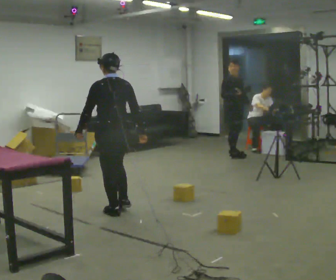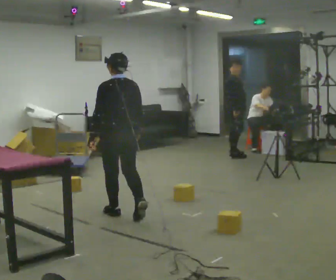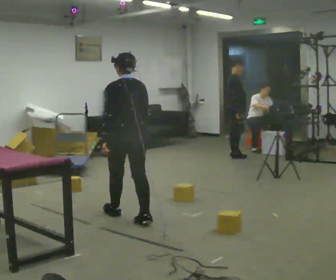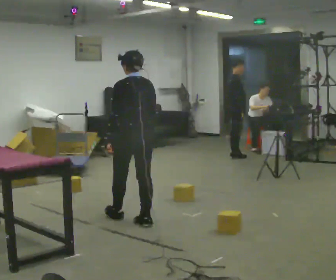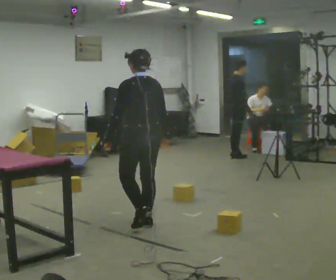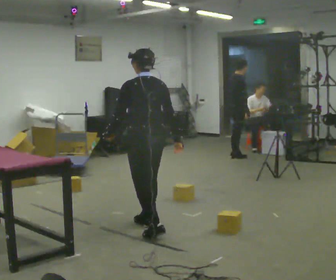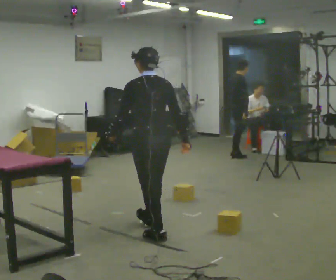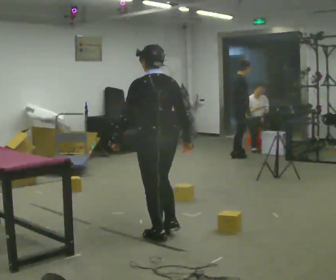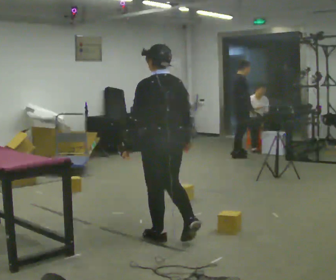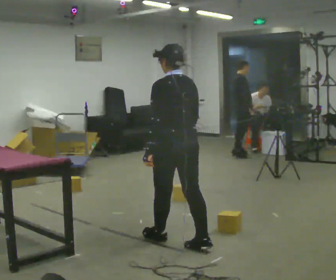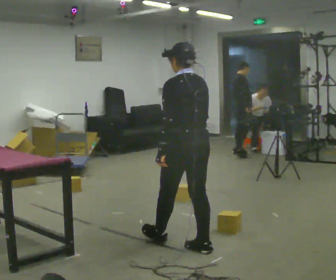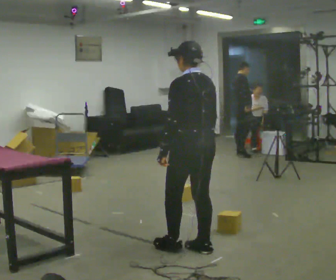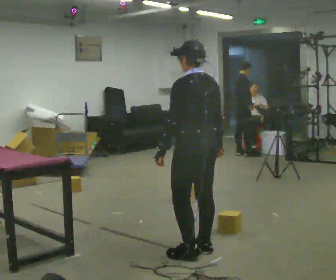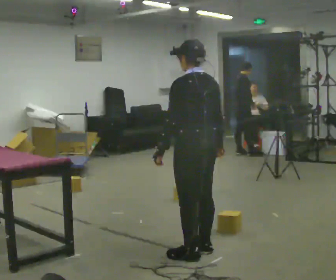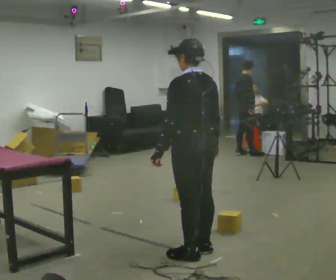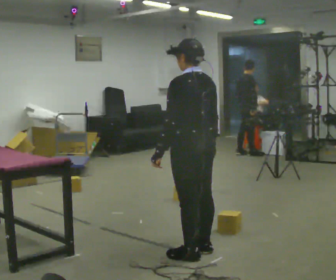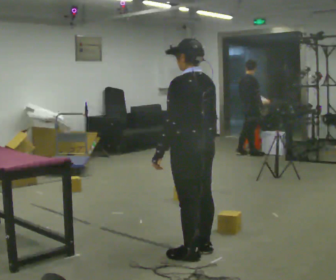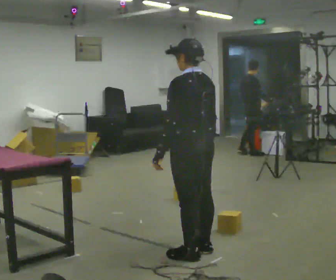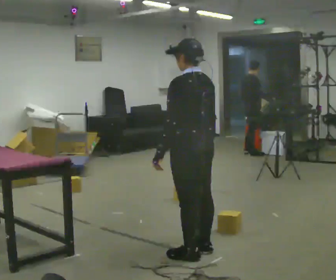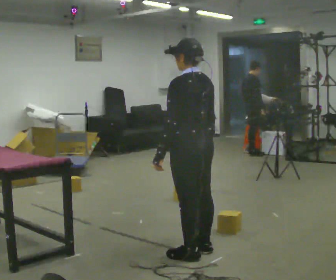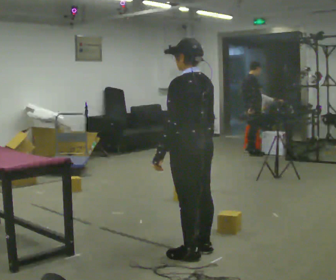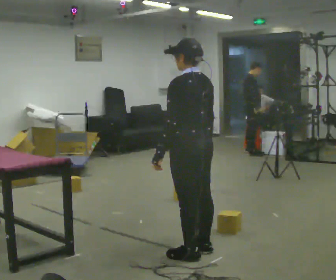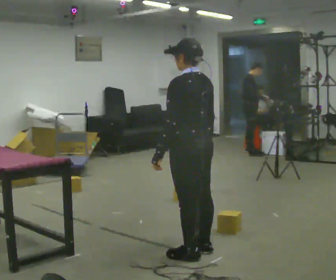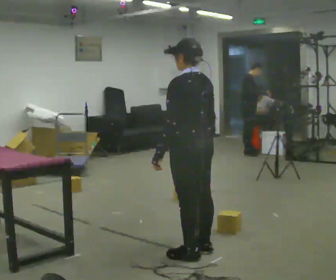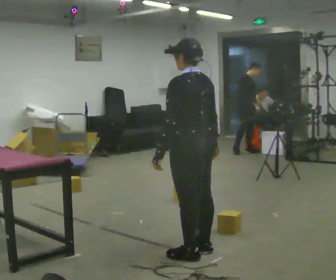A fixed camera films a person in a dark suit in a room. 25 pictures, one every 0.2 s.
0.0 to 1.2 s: In the picture they go toward the camera and to the right, about 1 m in 2 steps, which for them is backward.
1.2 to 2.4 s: In the picture they go toward the camera and to the right, about 0.5 m in 1 step, which for them is backward.
2.4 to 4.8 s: The person moves a little, or ends about where they began.
The film runs backward here.
